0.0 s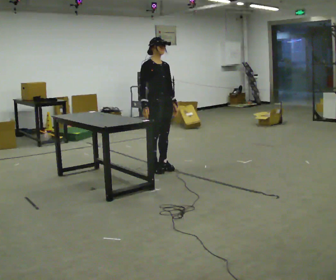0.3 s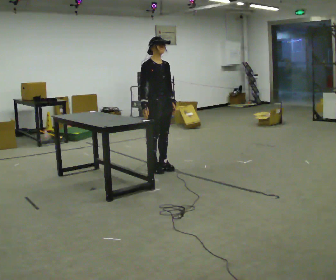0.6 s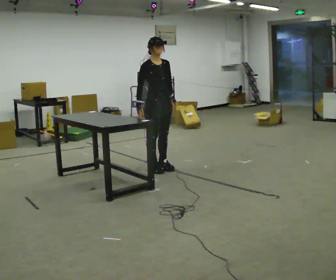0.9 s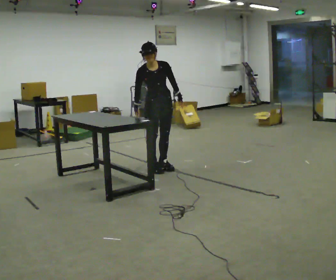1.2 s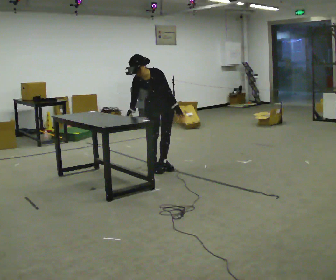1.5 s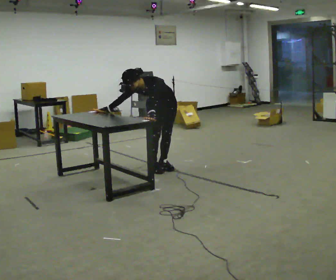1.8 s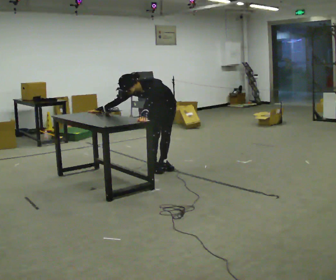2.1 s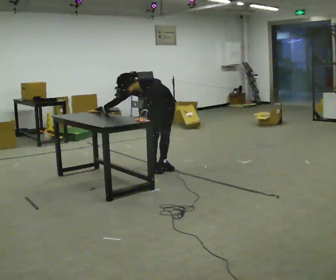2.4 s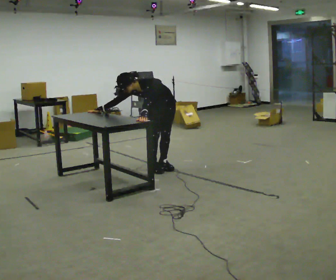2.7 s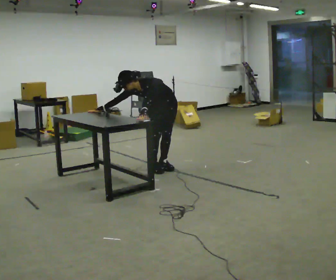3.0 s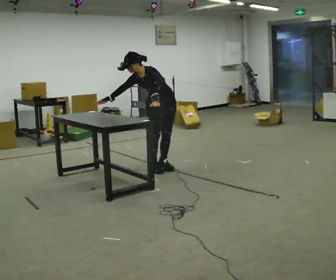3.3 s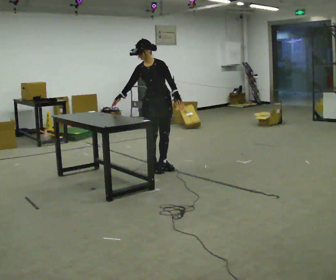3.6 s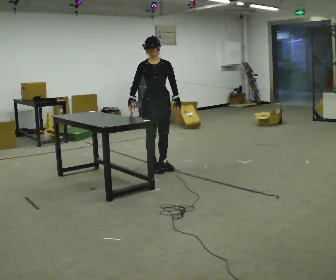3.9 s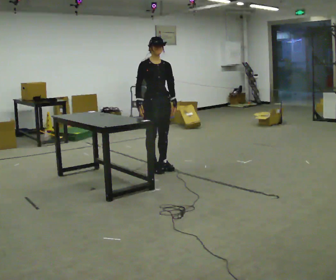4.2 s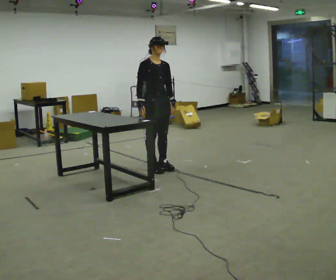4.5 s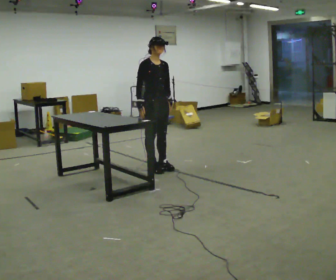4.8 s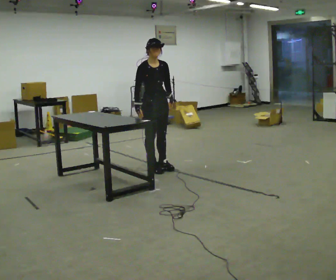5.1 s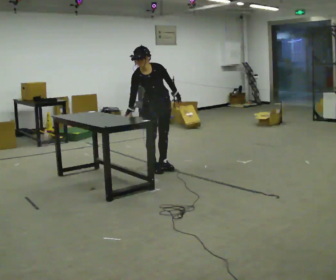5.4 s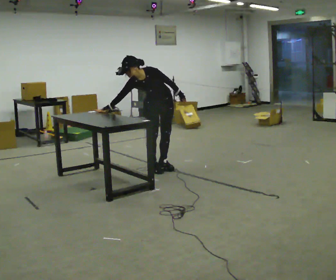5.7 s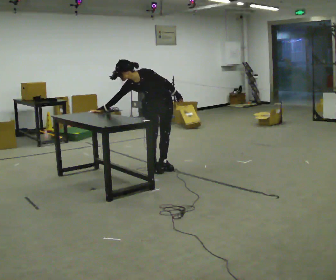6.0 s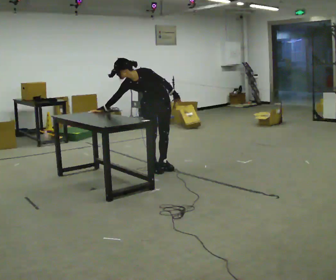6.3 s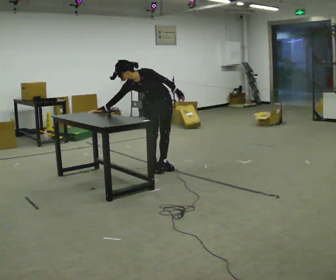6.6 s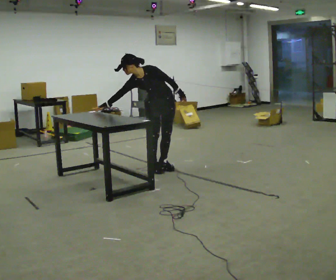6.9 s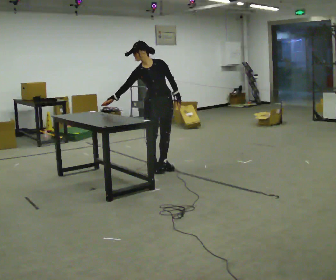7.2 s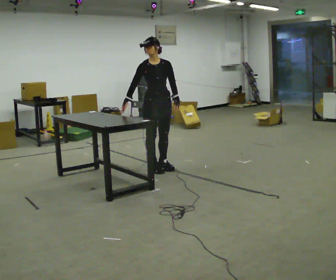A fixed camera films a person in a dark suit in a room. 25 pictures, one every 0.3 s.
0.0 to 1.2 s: Seen from above the body turns clockwise, about 45 degrees: to their right, with its near side sliding to the left. The upper body tips toward the camera, its near side rolling downward, as they bend forward.
1.2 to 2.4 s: In the picture the upper body tilts counterclockwise, shoulders to the left, as they bend forward. In the picture their left hand goes to the left.
2.4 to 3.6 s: Seen from above the body turns counterclockwise, about 30 degrees: to their left, with its near side sliding to the right. The shoulders move upward. The upper body tips away from the camera, its near side rolling upward, as they lean back or straighten. In the picture their left hand goes to the right.
3.6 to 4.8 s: Seen from above the body turns counterclockwise, about 30 degrees: to their left, with its near side sliding to the right. The upper body tips toward the camera, its near side rolling downward, as they bend forward.
4.8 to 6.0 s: The part of the body nearest the lens slides to the left as the person turns to their right by about 45 degrees. In the picture the upper body tilts counterclockwise, shoulders to the left, as they bend forward. In the picture their right hand goes to the left.
6.0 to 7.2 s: Seen from above the body turns counterclockwise, about 30 degrees: to their left, with its near side sliding to the right. In the picture the upper body tilts clockwise, shoulders to the right, as they lean back or straighten.
The film runs backward here.
